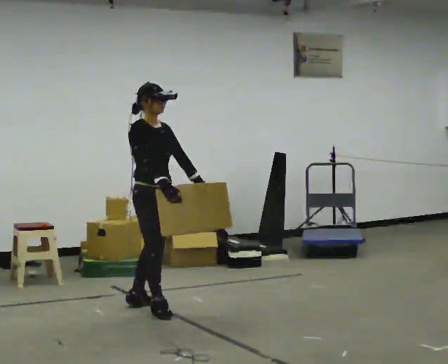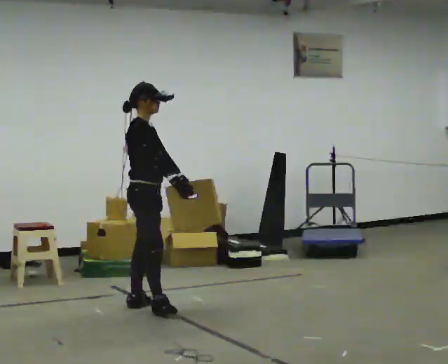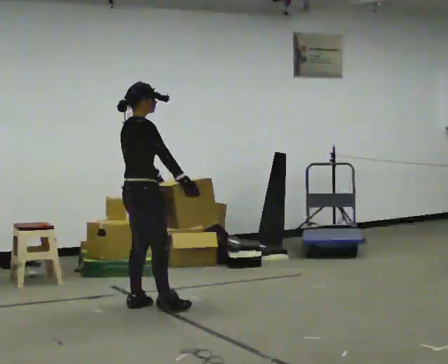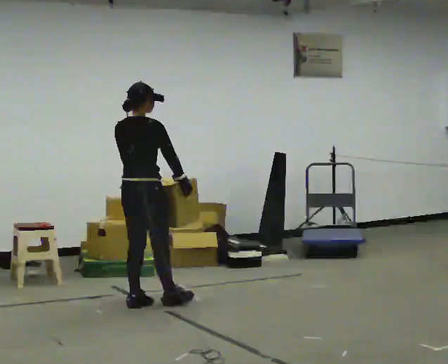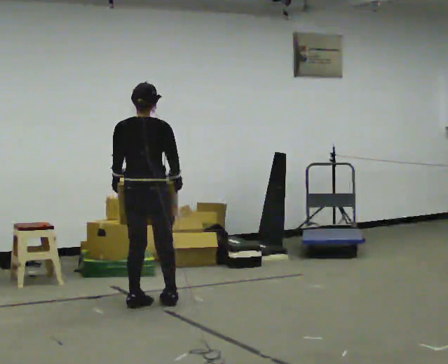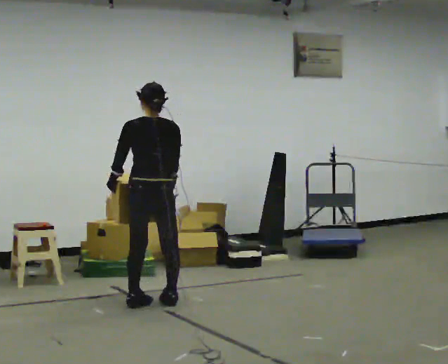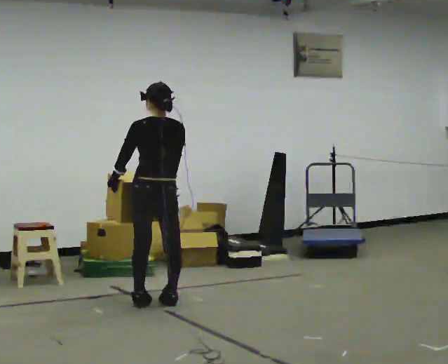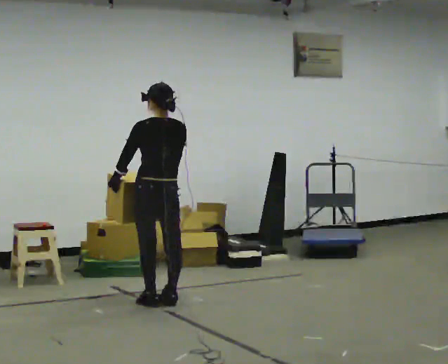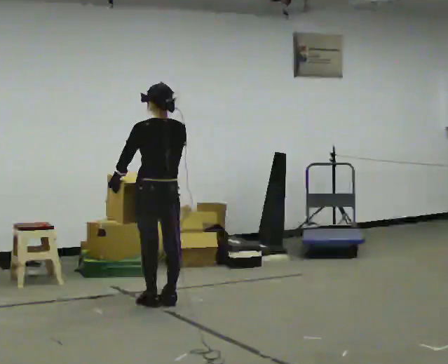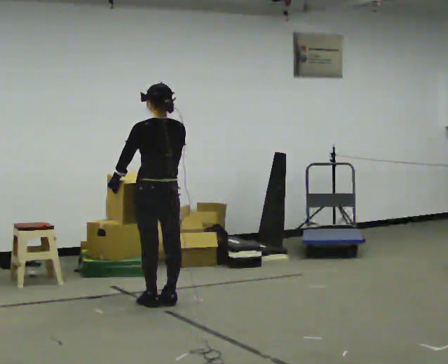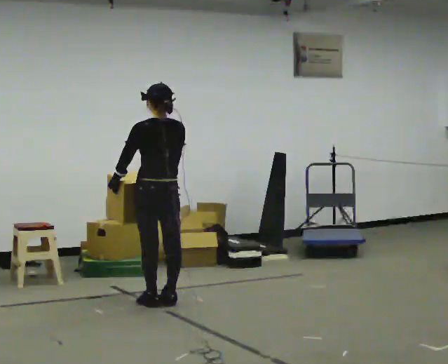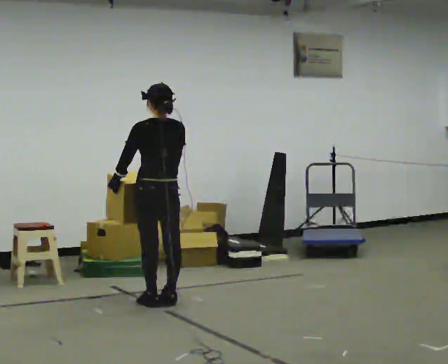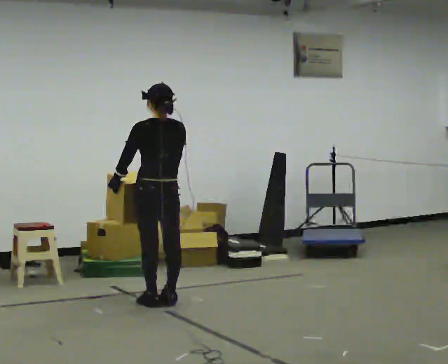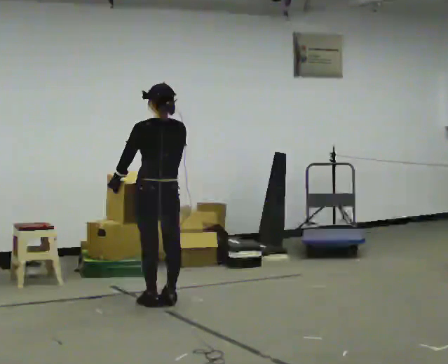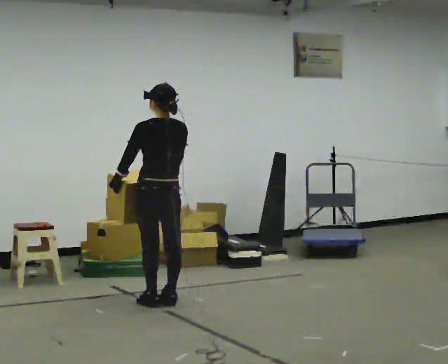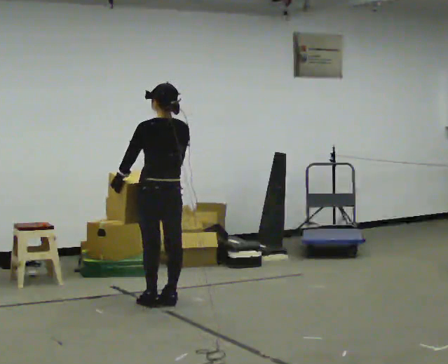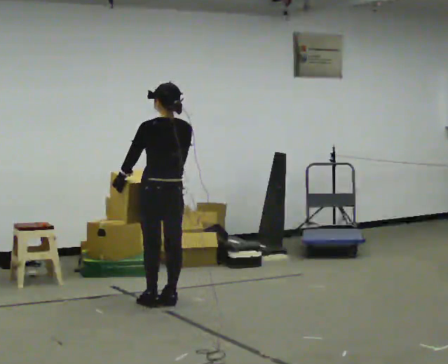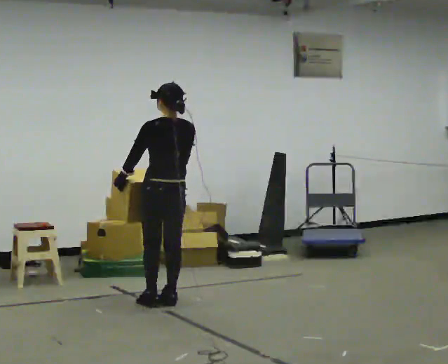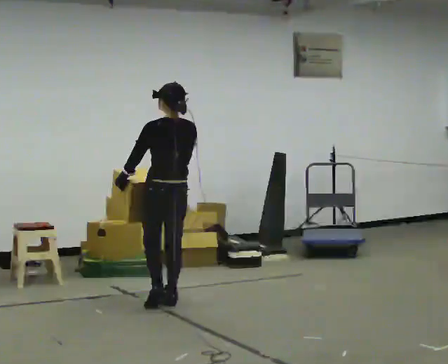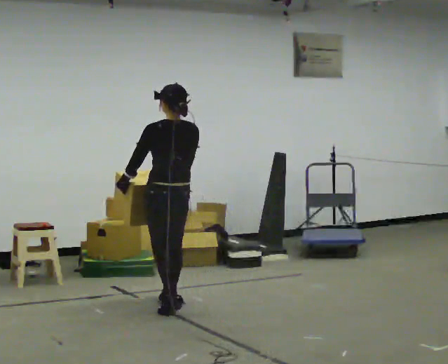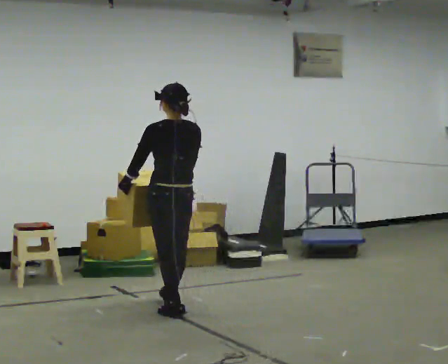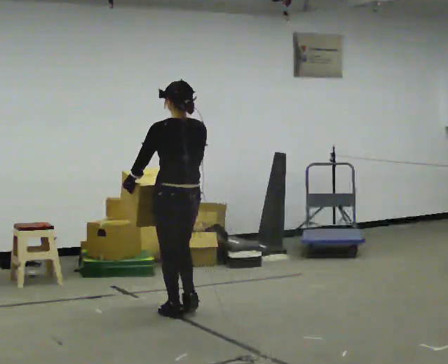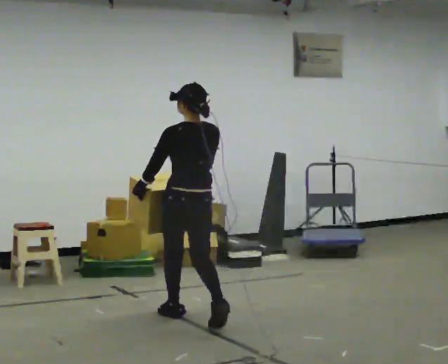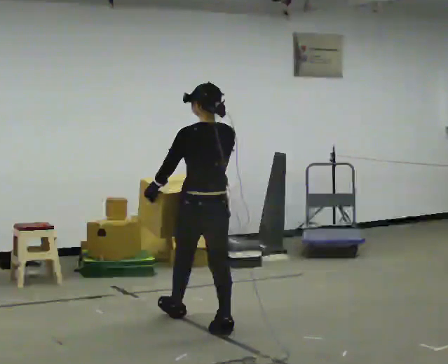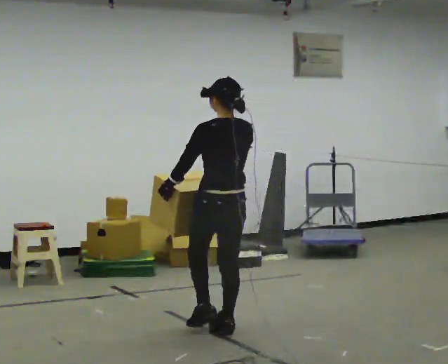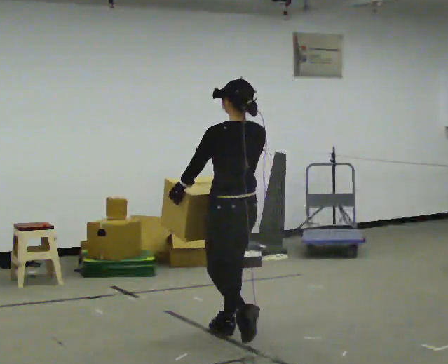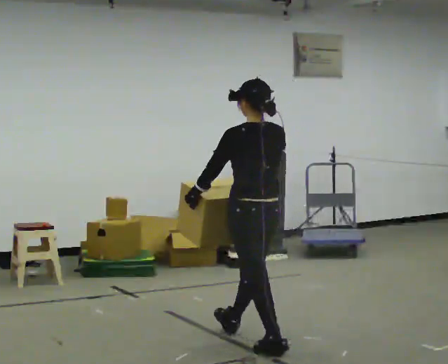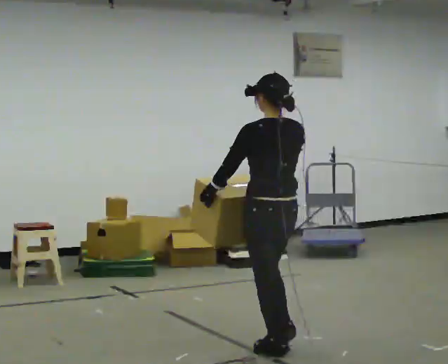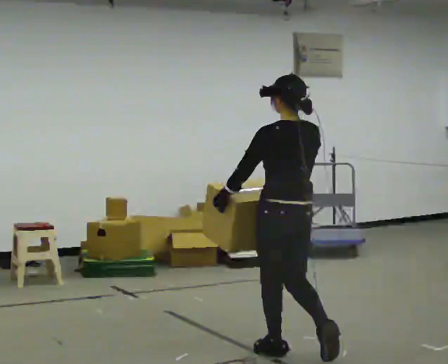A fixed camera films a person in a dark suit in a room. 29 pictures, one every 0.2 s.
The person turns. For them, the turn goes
to their left.
The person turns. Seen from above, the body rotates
counterclockwise.
0.0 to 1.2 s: The person turns about 135 degrees to their left, counterclockwise seen from above, so the part of the body nearest the lens slides to the right. In the picture they go away from the camera, about 0.25 m in 2 steps.
1.2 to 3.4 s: The person moves a little, or ends about where they began.
3.4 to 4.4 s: In the picture they go toward the camera, about 0.5 m in 2 steps, which for them is backward.
4.4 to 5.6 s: In the picture they go toward the camera and to the right, about 1 m in 2 steps, which for them is backward.
The film runs backward here.
